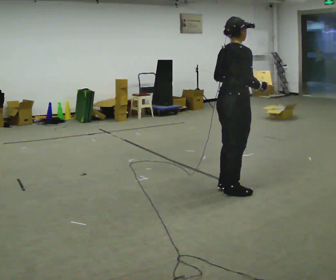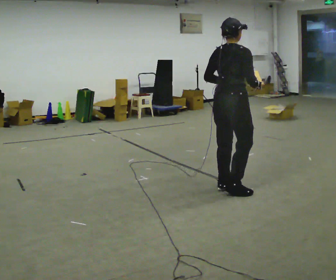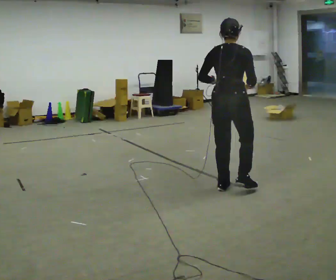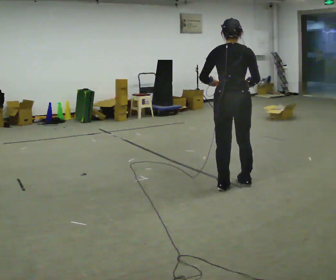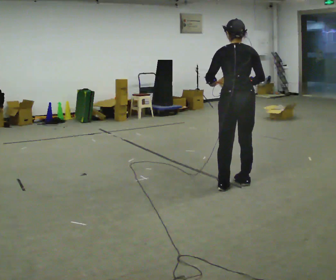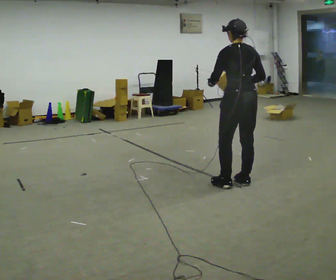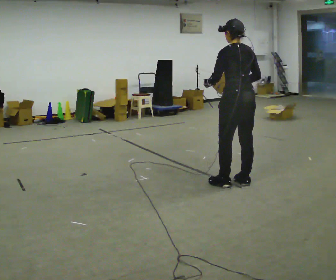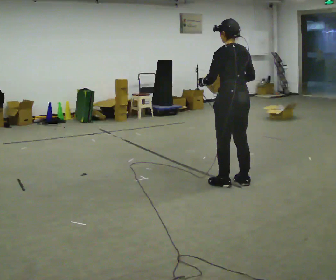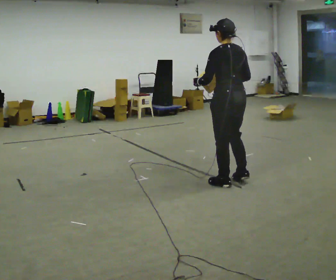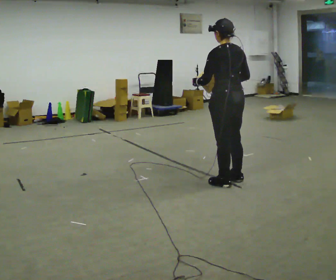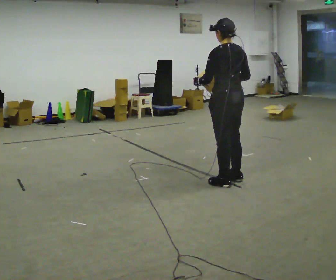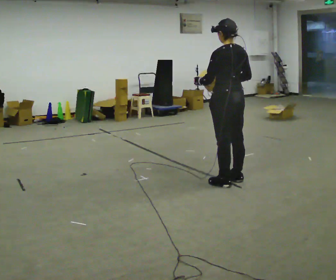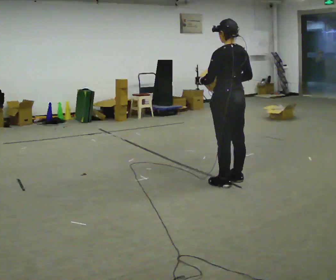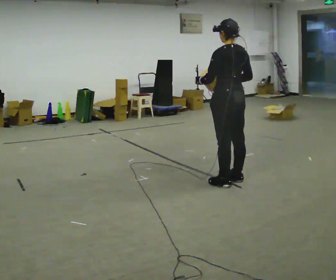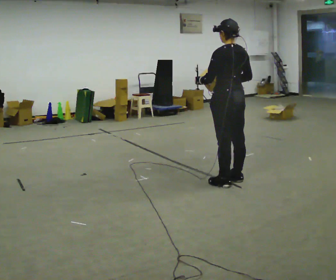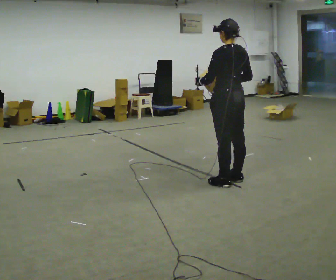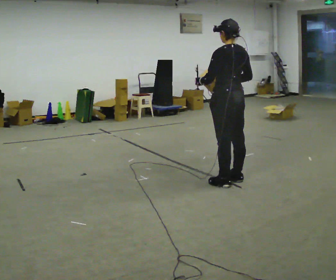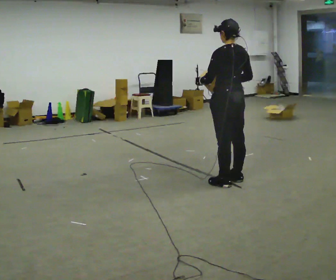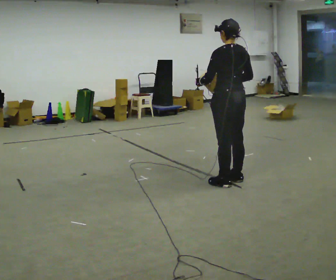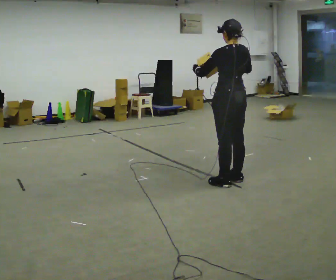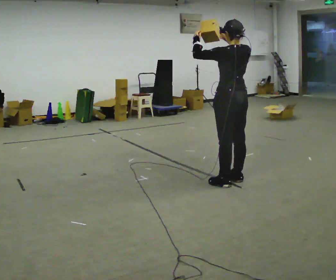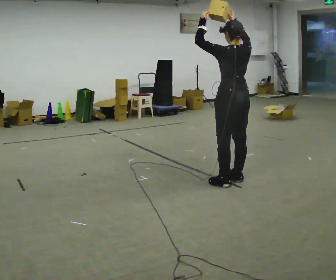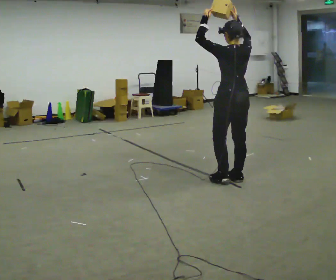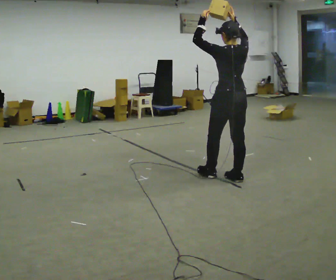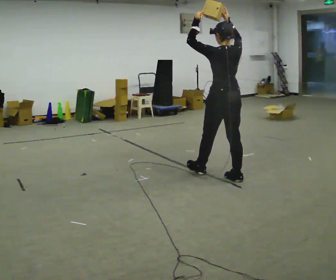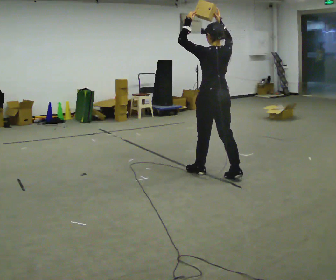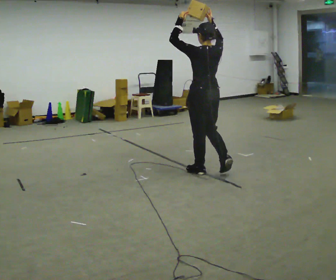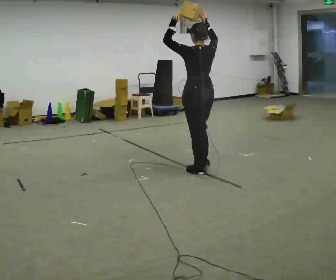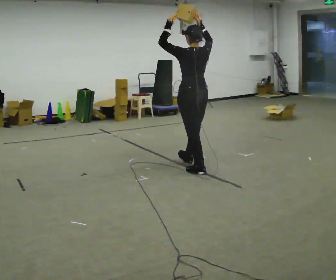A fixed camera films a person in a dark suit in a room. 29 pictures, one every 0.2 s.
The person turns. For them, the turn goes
to their left.
Their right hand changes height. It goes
upward.
0.0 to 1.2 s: The person turns about 90 degrees to their left, counterclockwise seen from above, so the part of the body nearest the lens slides to the right. In the picture they go away from the camera, about 0.25 m in 1 step.
1.2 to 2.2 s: The person moves a little, or ends about where they began.
2.2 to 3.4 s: The person keeps their place and pose.
3.4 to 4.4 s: In the picture their right hand goes upward.
4.4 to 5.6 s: In the picture they go to the left and away from the camera, about 0.5 m in 1 step, which for them is forward and to their left.
The film runs forward here.
